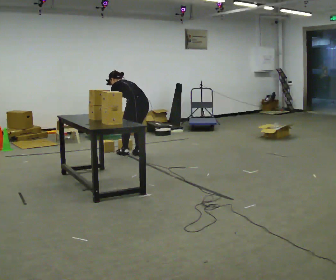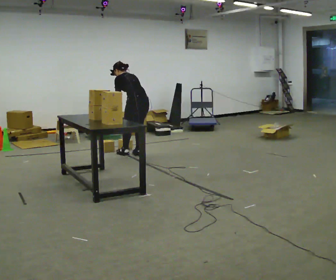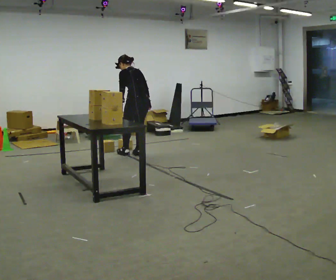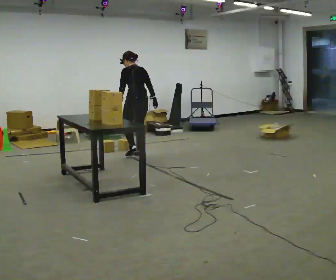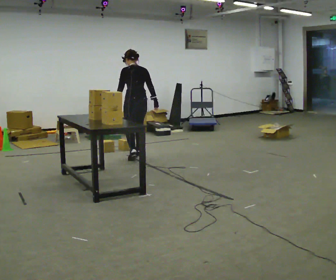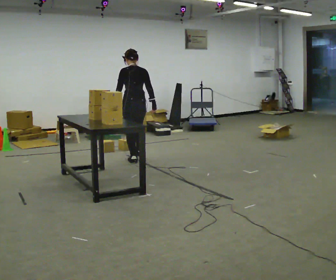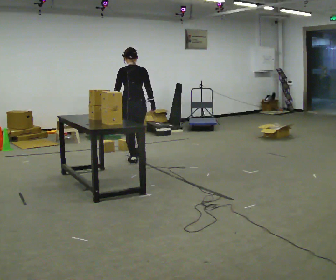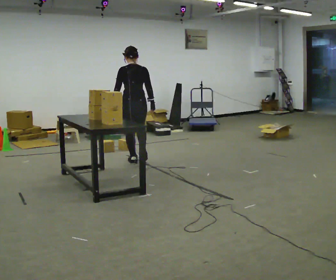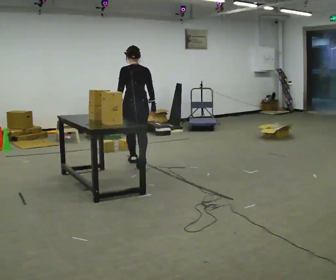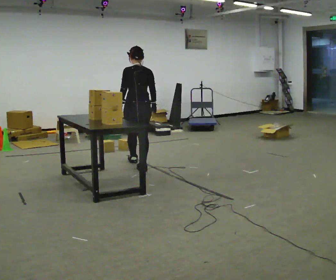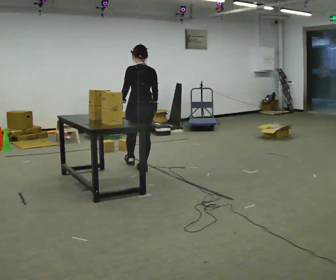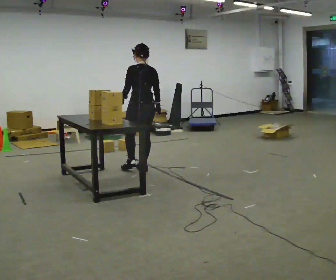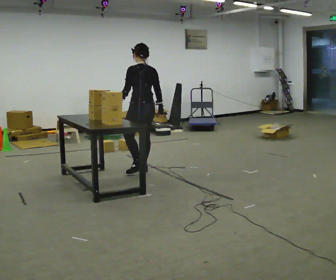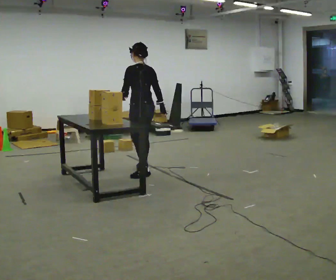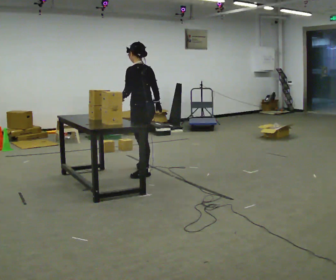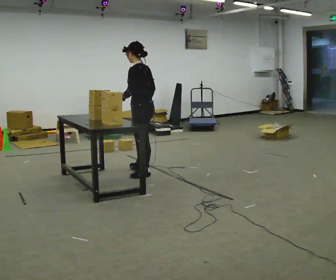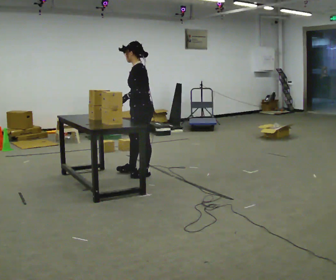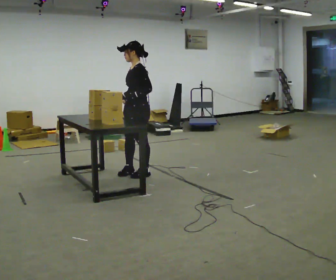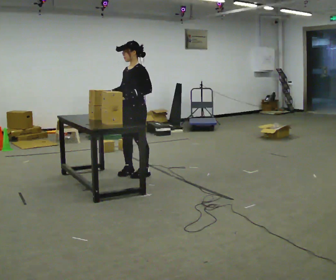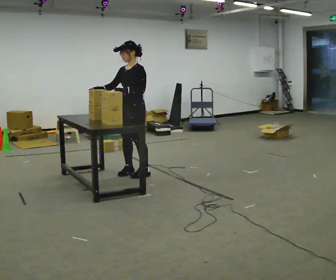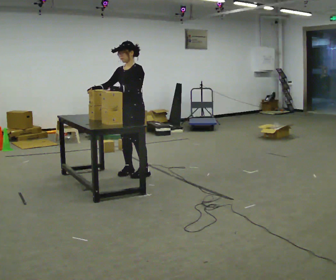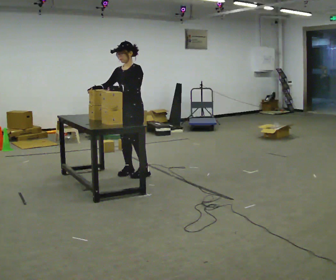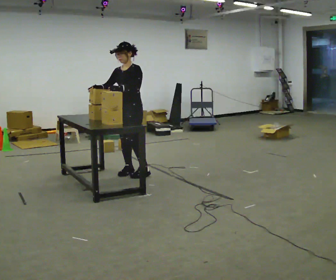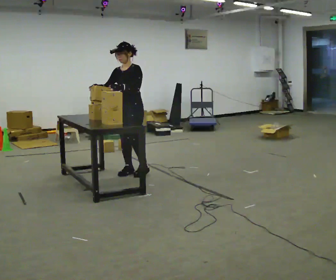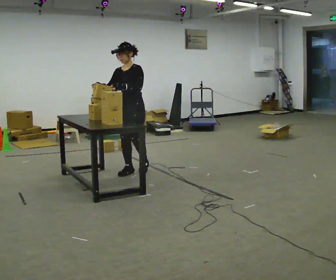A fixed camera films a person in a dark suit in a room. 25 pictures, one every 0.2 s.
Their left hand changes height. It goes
upward.
Their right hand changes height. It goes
upward.
0.0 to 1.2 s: The person turns about 30 degrees to their right, clockwise seen from above, so the part of the body nearest the lens slides to the left. In the picture they go toward the camera, about 0.25 m in 2 steps, which for them is backward and to their left. The upper body goes upward. In the picture the upper body tilts clockwise, shoulders to the right, as they lean back or straighten.
1.2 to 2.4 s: In the picture they go toward the camera, about 0.5 m in 1 step, which for them is backward.
2.4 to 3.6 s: The person turns about 90 degrees to their left, counterclockwise seen from above, so the part of the body nearest the lens slides to the right. In the picture they go toward the camera, about 0.25 m. In the picture their right hand goes to the left, the arm swinging clockwise.
3.6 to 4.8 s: The person turns about 30 degrees to their left, counterclockwise seen from above, so the part of the body nearest the lens slides to the right.
The film runs backward here.
